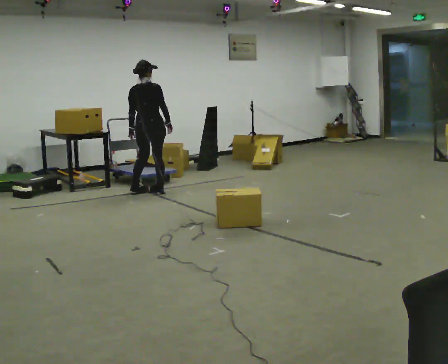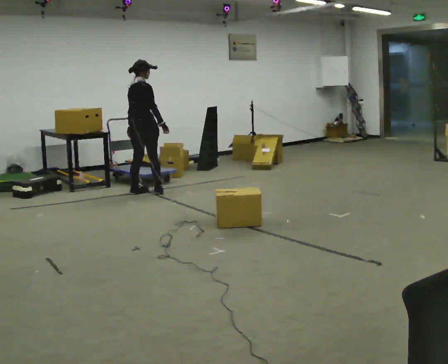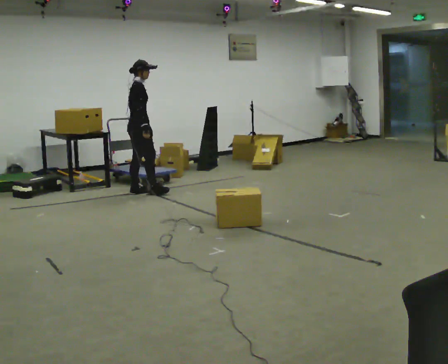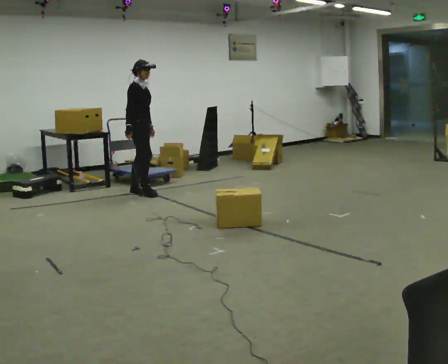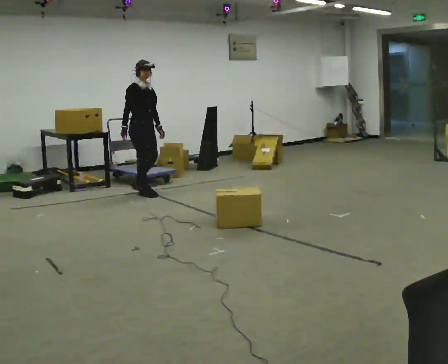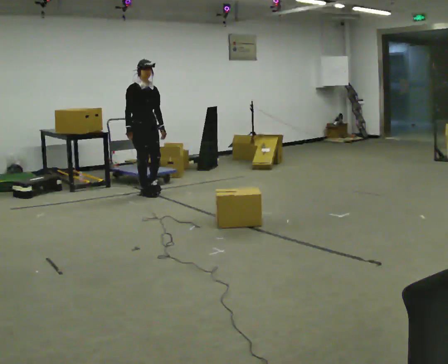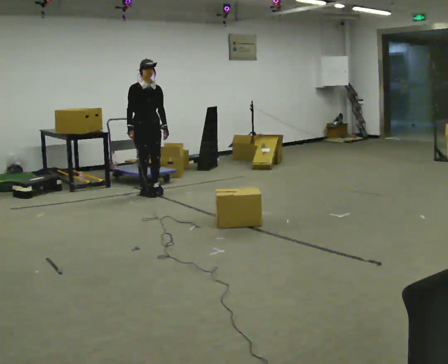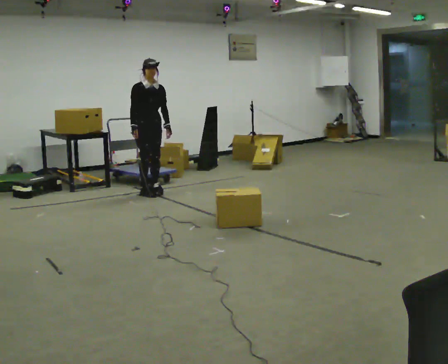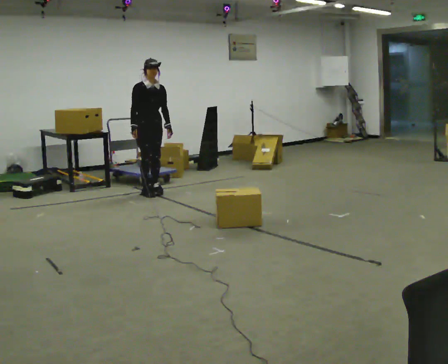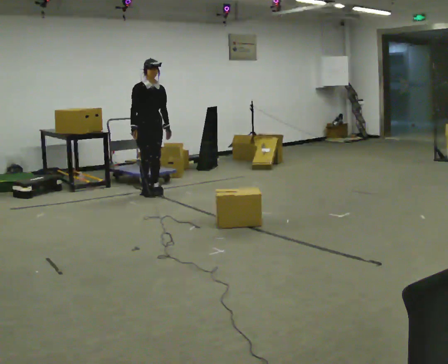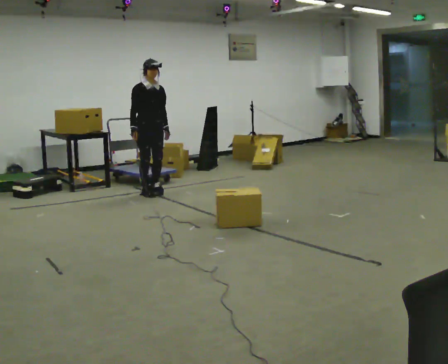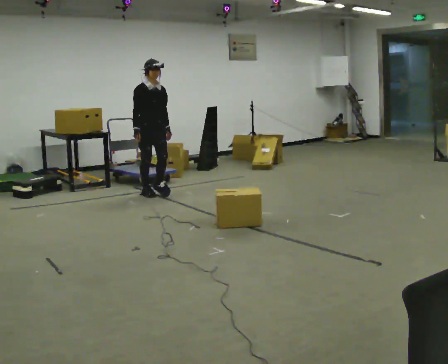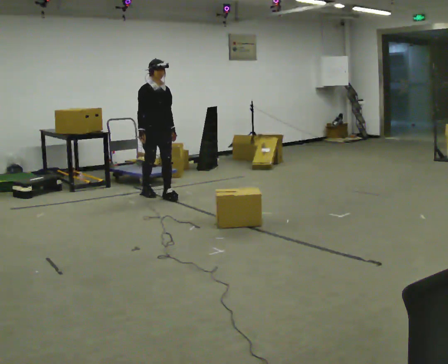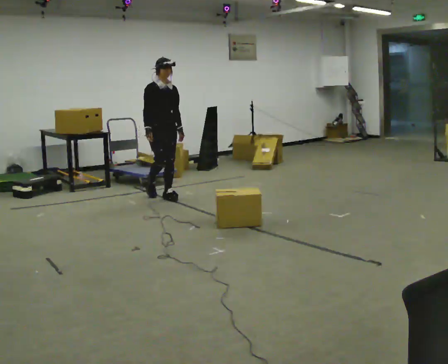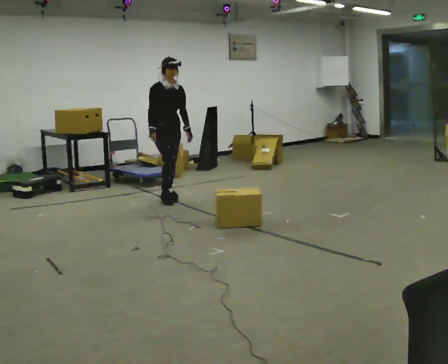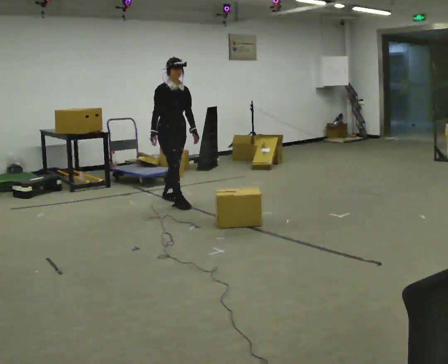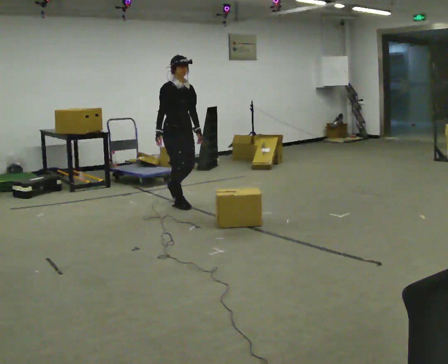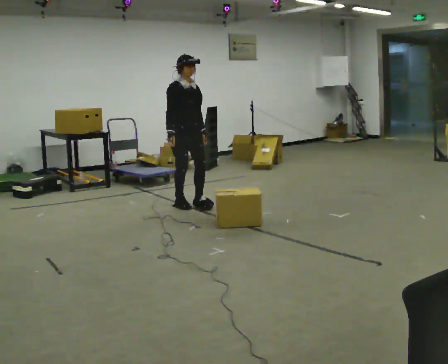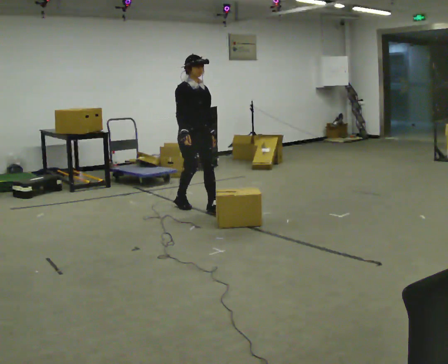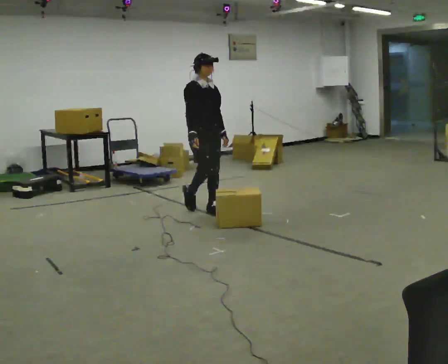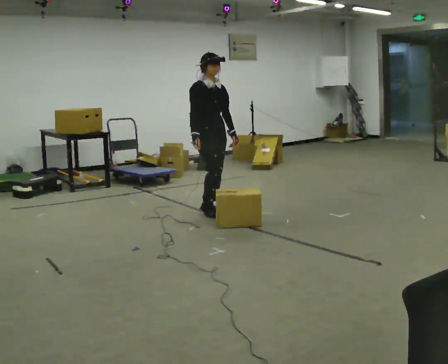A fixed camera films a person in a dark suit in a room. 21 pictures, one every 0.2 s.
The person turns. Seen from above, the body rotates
clockwise.
The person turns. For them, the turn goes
to their right.
0.0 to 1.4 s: The person turns about 135 degrees to their right, clockwise seen from above, so the part of the body nearest the lens slides to the left. In the picture their right hand goes to the left, the arm swinging clockwise.
1.4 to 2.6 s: In the picture they go toward the camera and to the right, about 0.25 m in 1 step, which for them is forward.
2.6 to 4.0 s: In the picture they go toward the camera and to the right, about 1 m in 2 steps, which for them is forward.
The film runs forward here.
